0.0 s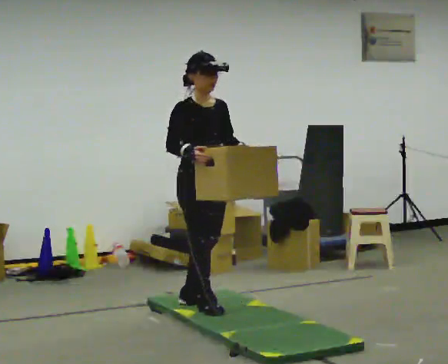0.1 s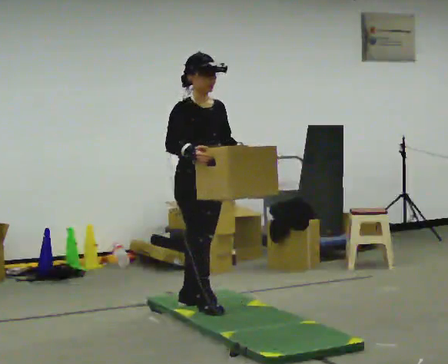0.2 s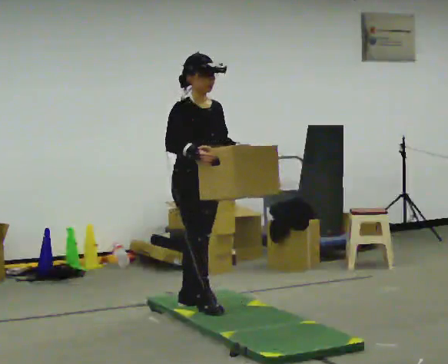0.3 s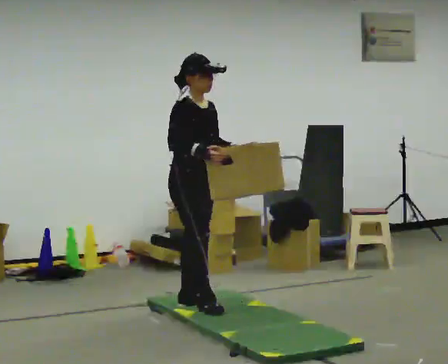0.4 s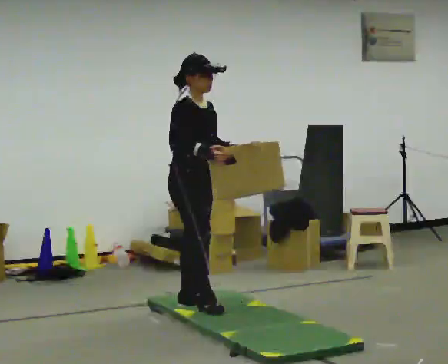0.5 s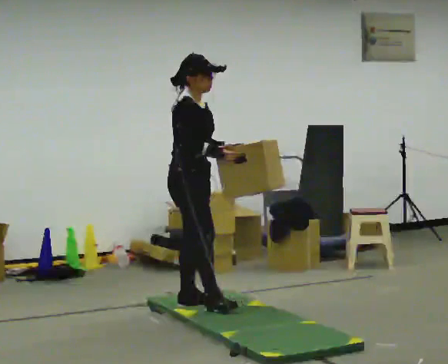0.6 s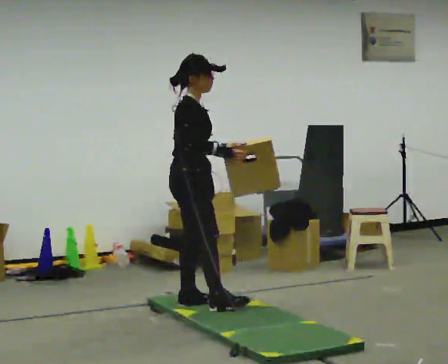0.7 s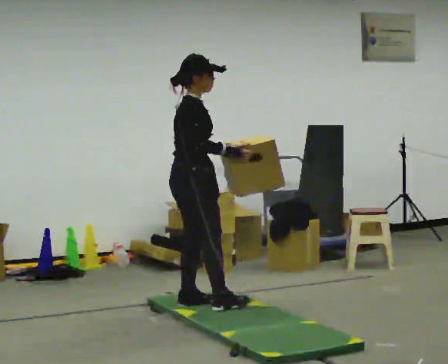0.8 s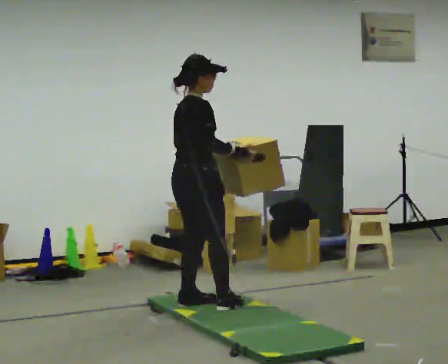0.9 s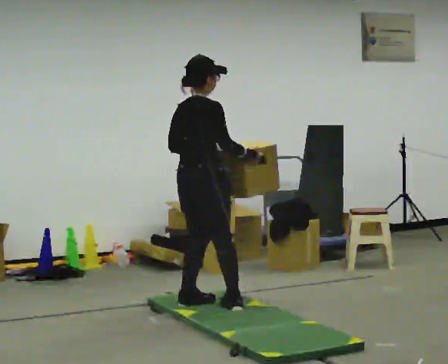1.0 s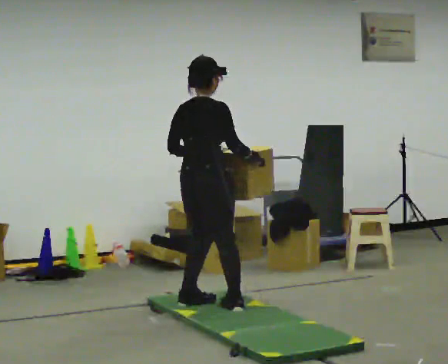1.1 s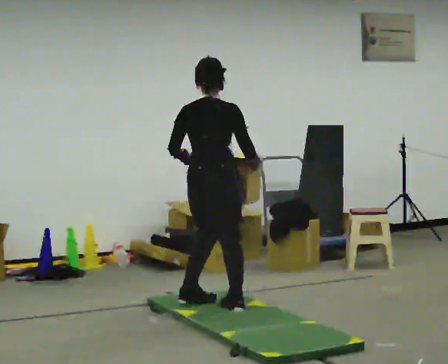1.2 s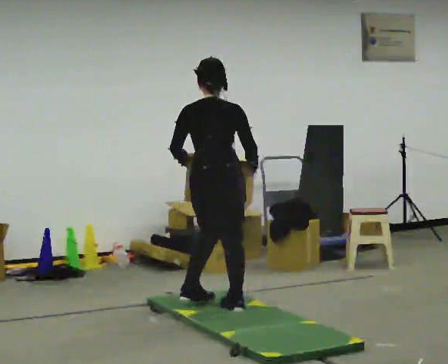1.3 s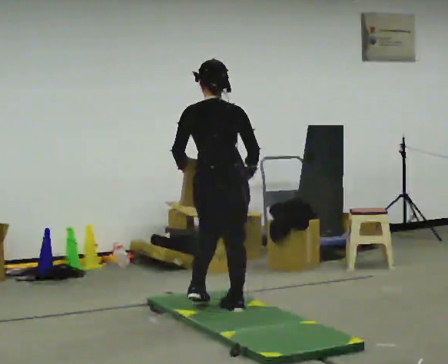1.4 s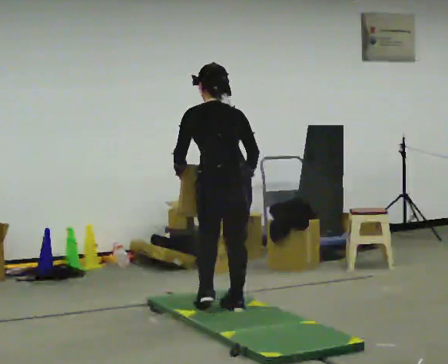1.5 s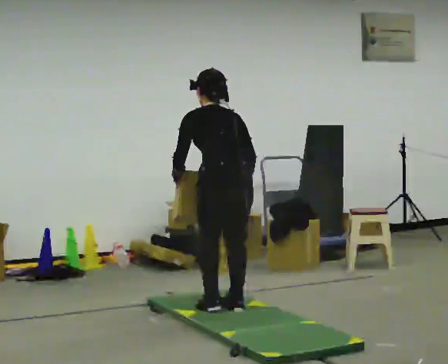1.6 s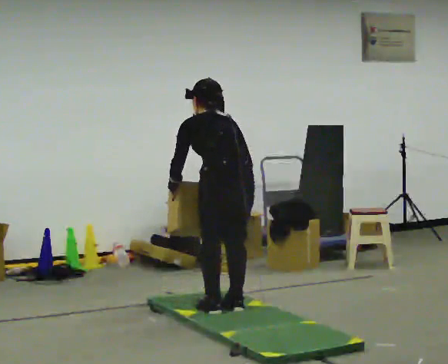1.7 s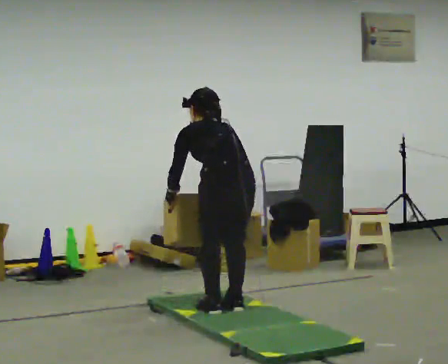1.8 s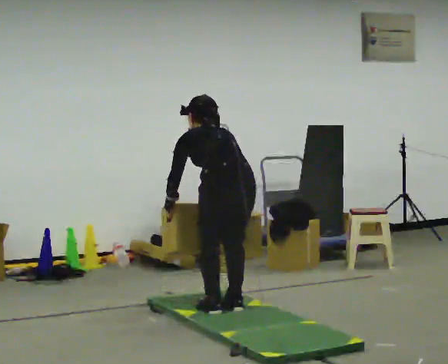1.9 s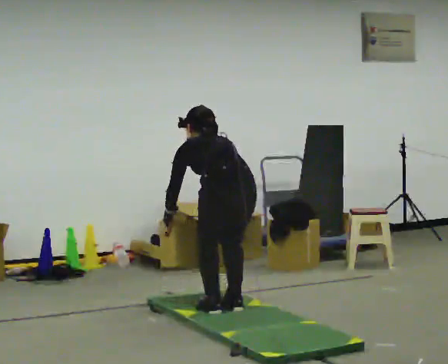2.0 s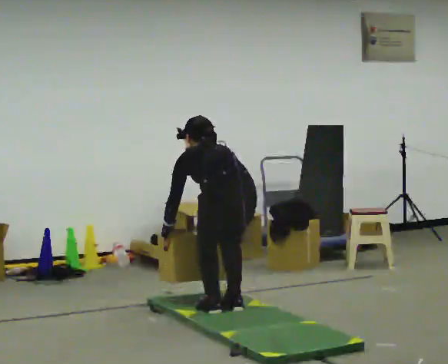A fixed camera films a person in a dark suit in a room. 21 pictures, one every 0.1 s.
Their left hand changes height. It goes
downward.
The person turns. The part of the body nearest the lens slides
to the right.
0.0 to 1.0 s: The part of the body nearest the lens slides to the right as the person turns to their left by about 105 degrees. In the picture their right hand goes to the right.
1.0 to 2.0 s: The part of the body nearest the lens slides to the right as the person turns to their left by about 60 degrees. In the picture they go to the right and toward the camera, about 0.25 m in 1 step, which for them is backward and to their right. The upper body goes downward. The upper body tips away from the camera, its near side rolling upward, as they bend forward. In the picture their left hand goes downward.
The film runs backward here.
